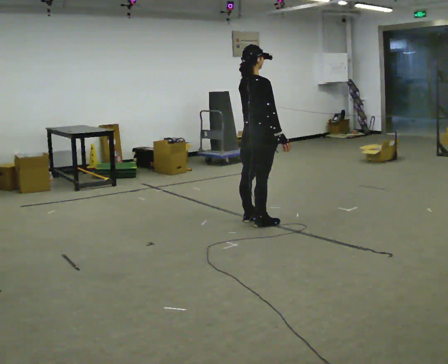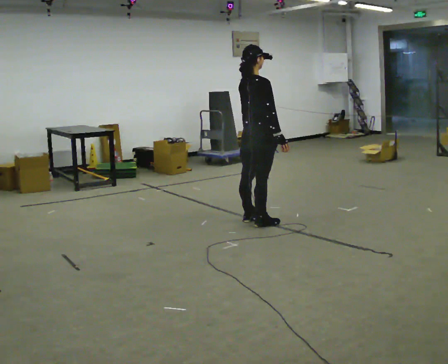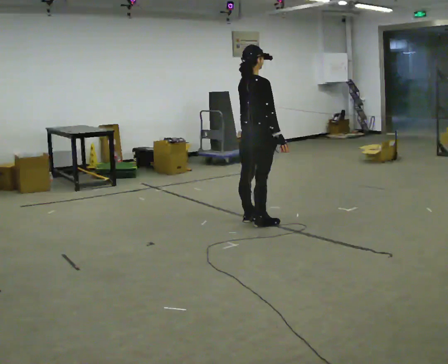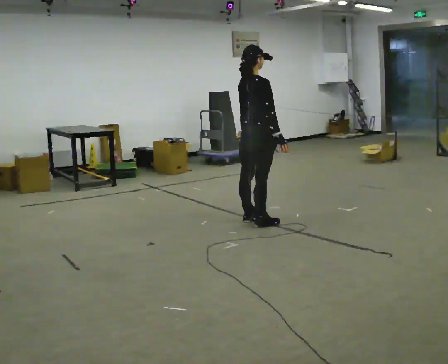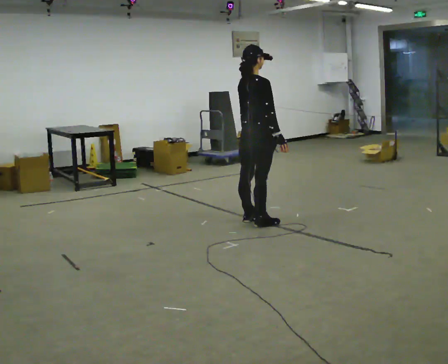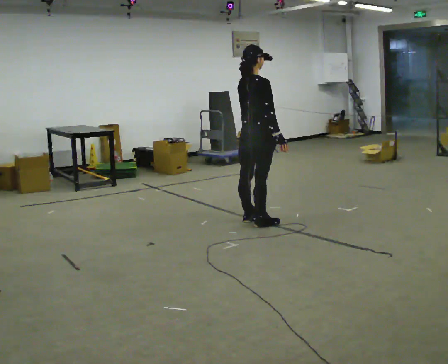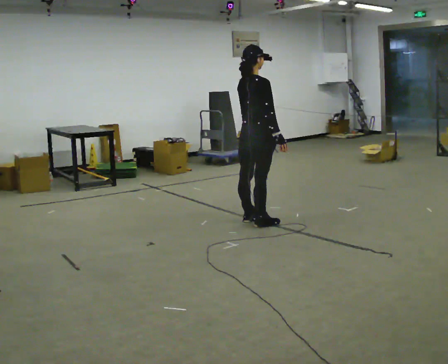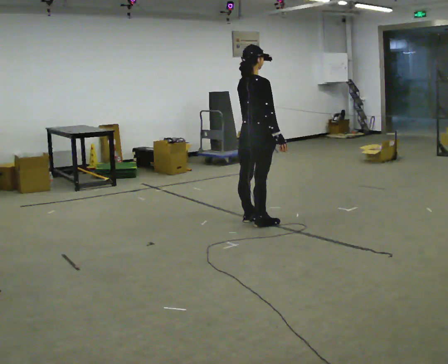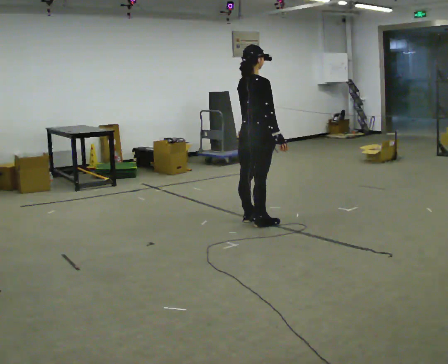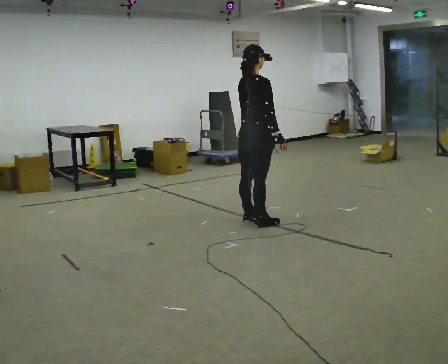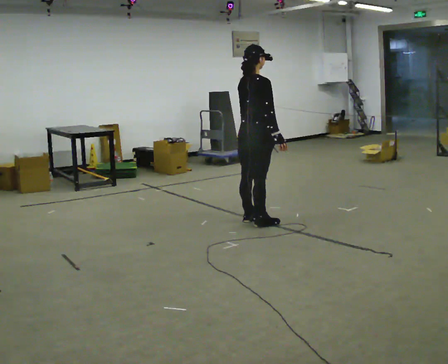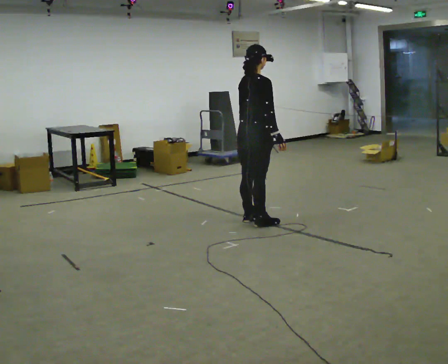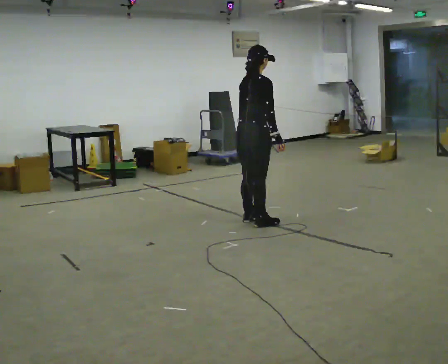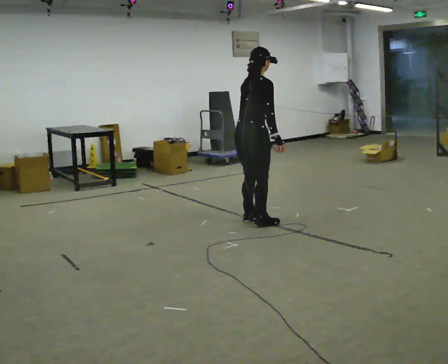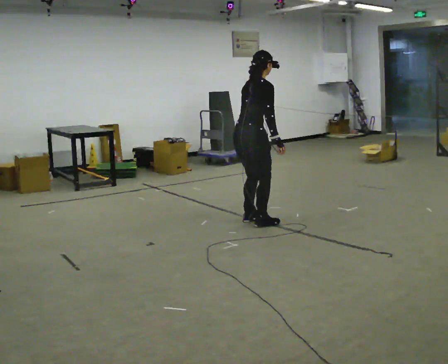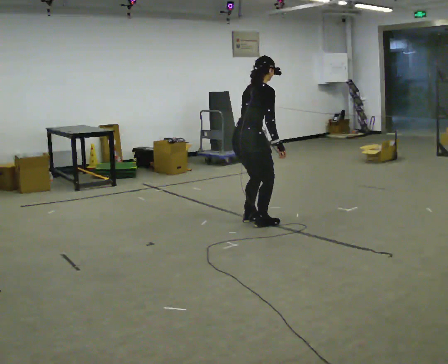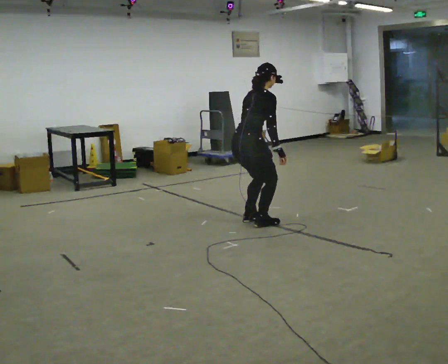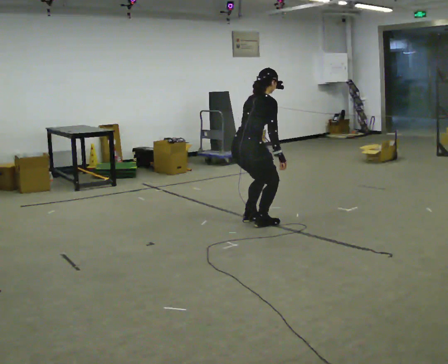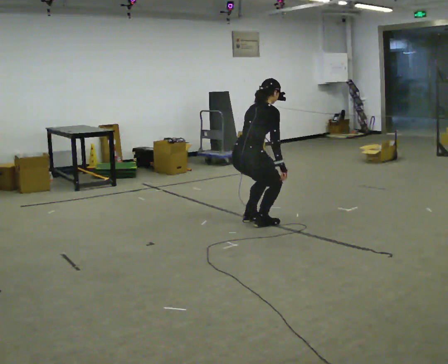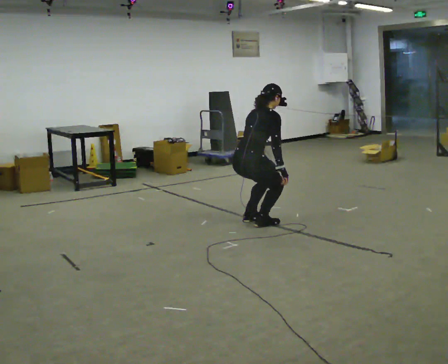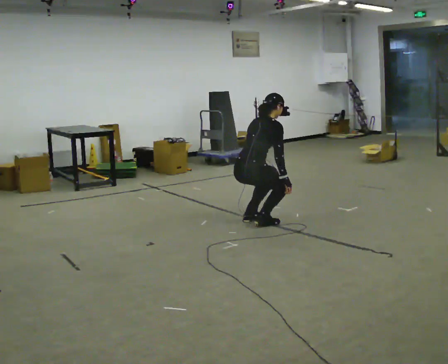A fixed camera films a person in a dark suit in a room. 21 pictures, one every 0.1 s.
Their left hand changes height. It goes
downward.
Their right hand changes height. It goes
downward.
0.0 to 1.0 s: The person moves a little, or ends about where they began.
1.0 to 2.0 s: The upper body goes downward. The upper body tips away from the camera, its near side rolling upward, as they bend forward. In the picture their left hand goes downward.
The film runs forward here.
